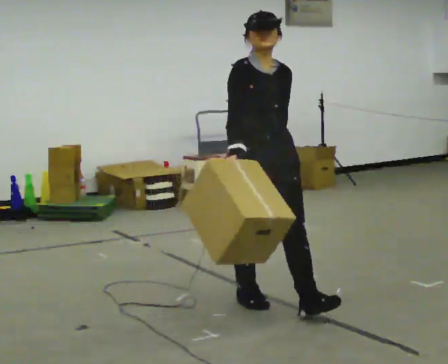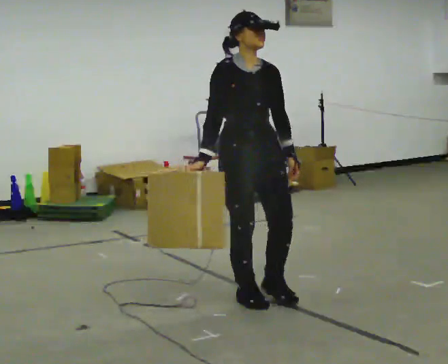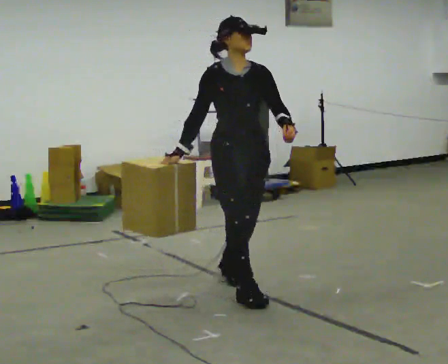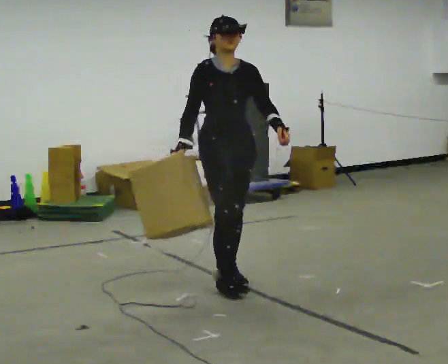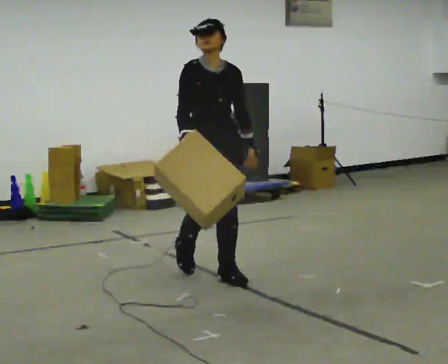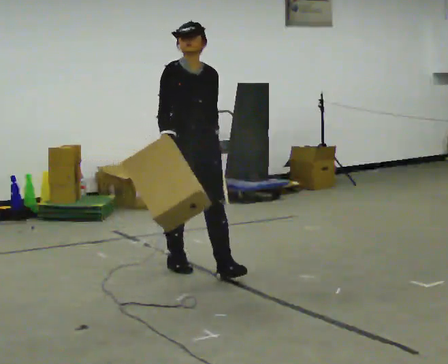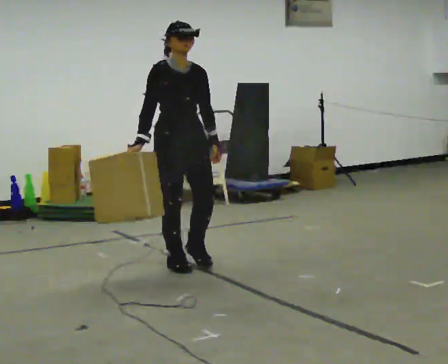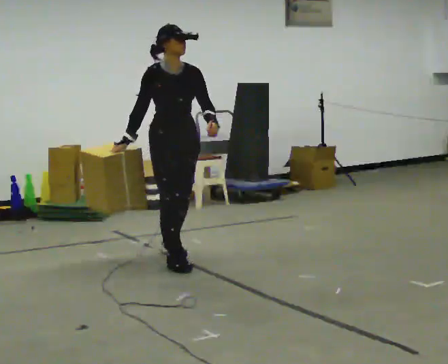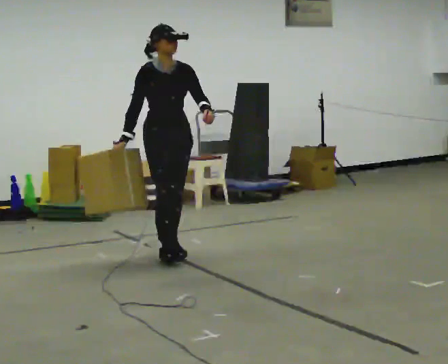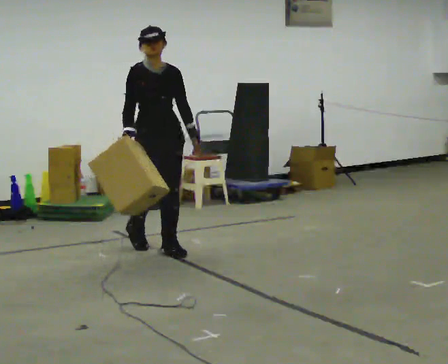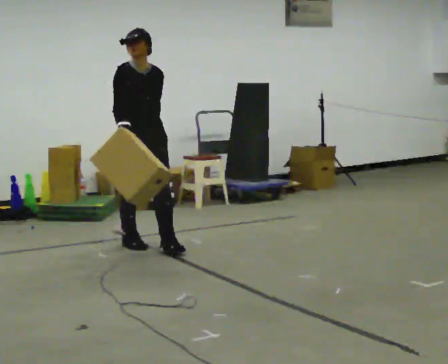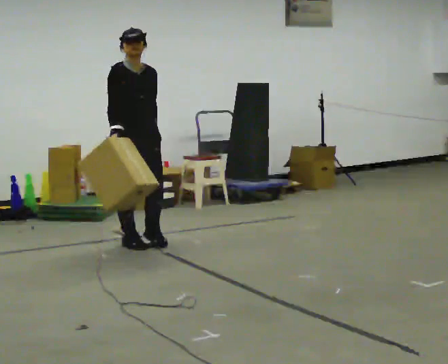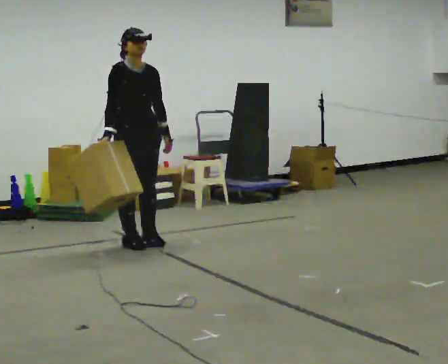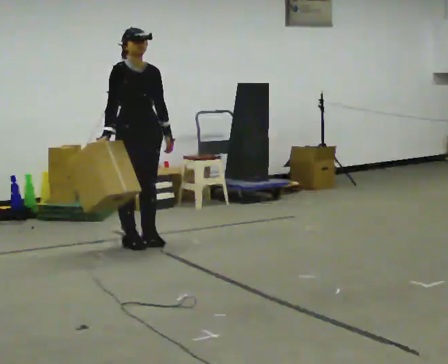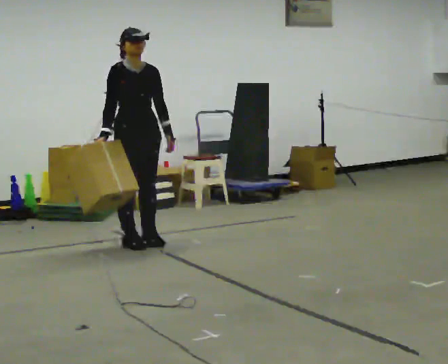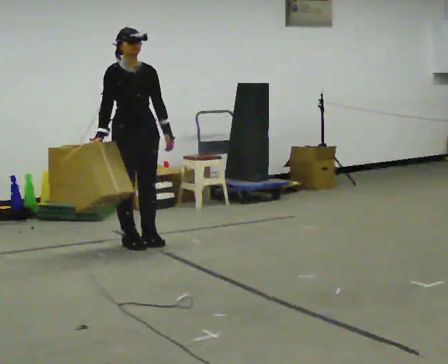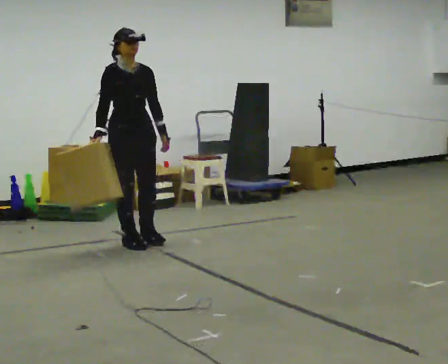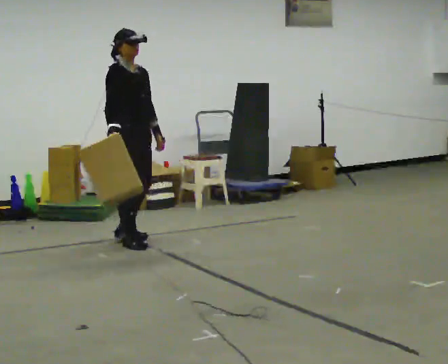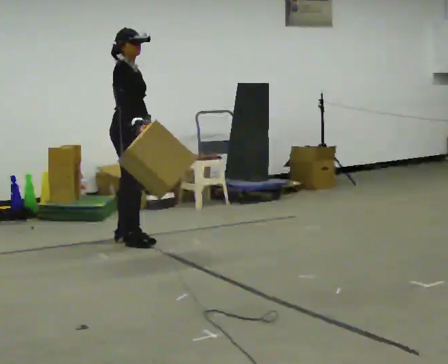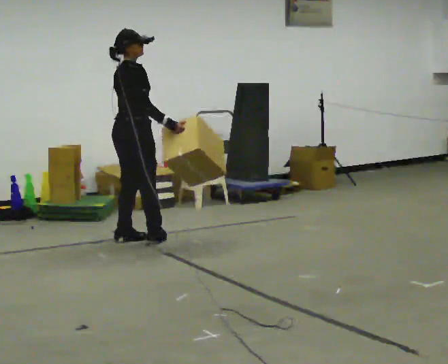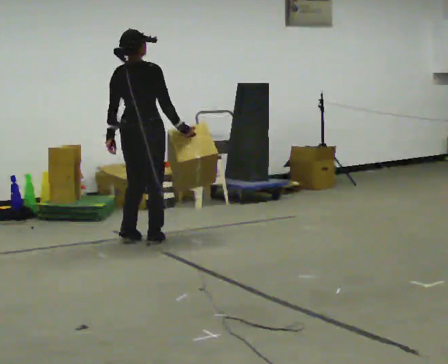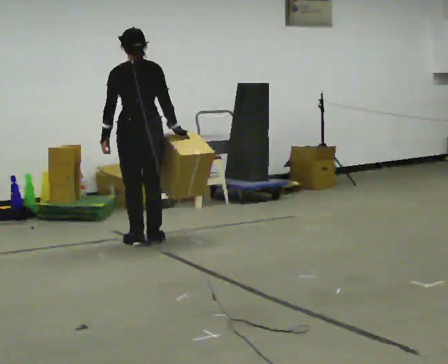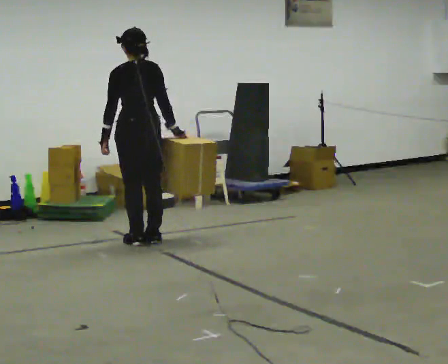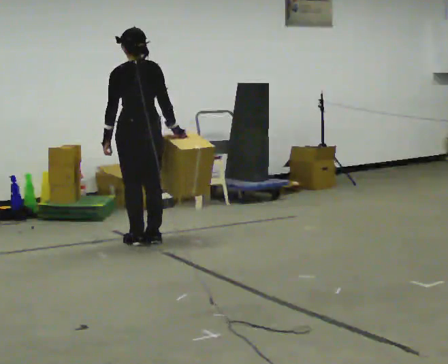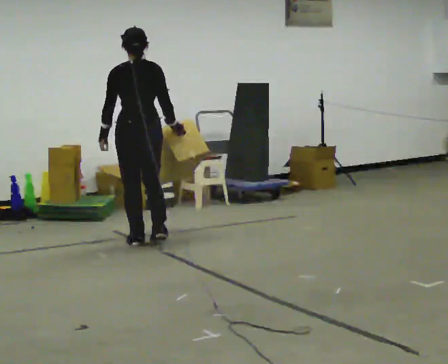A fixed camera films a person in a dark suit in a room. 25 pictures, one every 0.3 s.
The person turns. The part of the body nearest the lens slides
to the right.
The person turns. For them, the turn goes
to their left.
0.0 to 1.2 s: In the picture they go away from the camera, about 0.5 m in 2 steps, which for them is backward.
1.2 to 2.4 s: In the picture they go away from the camera and to the left, about 0.5 m in 2 steps, which for them is backward.
2.4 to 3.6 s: In the picture they go away from the camera and to the left, about 0.5 m in 1 step, which for them is backward.
3.6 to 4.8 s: The person moves a little, or ends about where they began.
4.8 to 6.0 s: Seen from above the body turns counterclockwise, about 120 degrees: to their left, with its near side sliding to the right. In the picture their right hand goes to the right, the arm swinging counterclockwise.
6.0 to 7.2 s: Seen from above the body turns counterclockwise, about 45 degrees: to their left, with its near side sliding to the right.
The film runs backward here.
